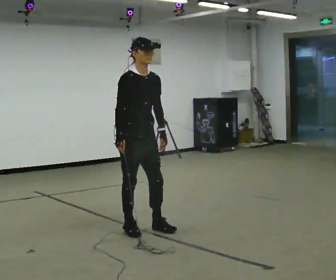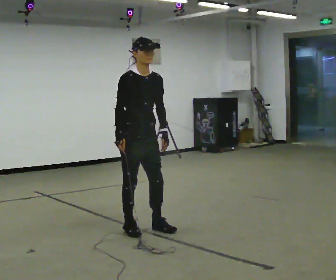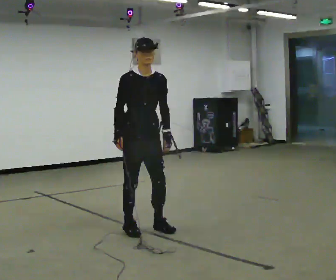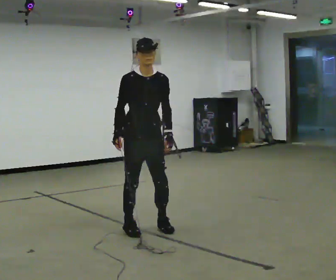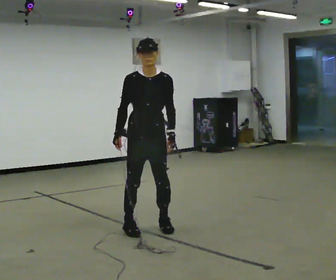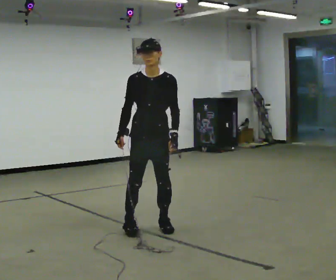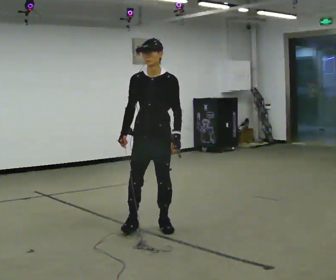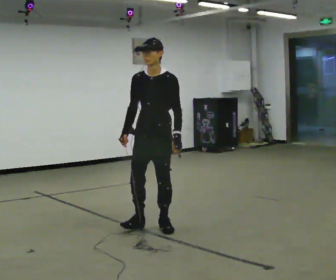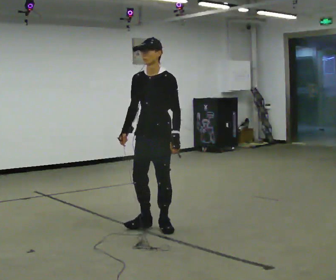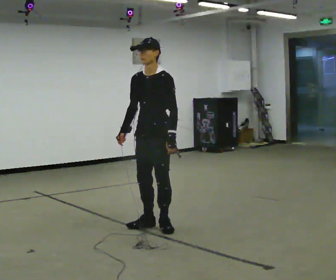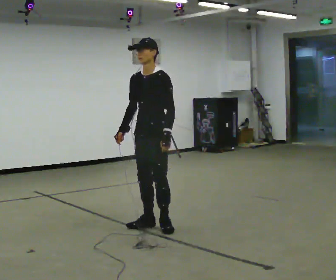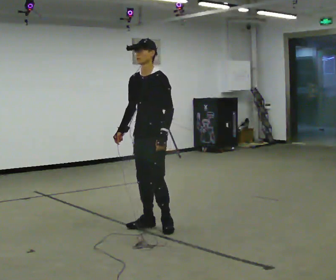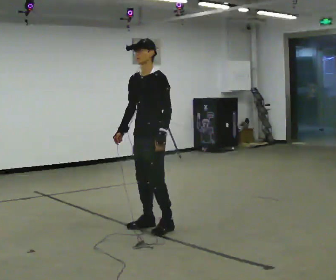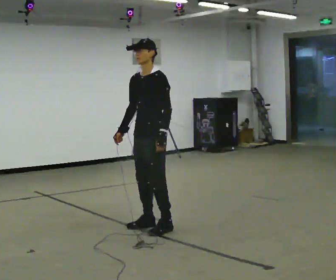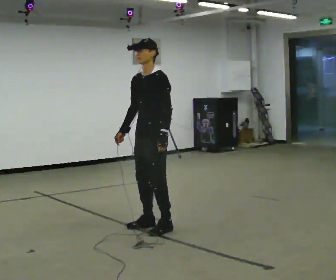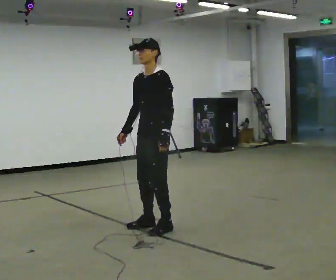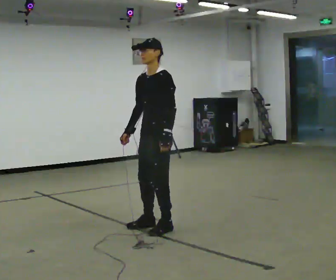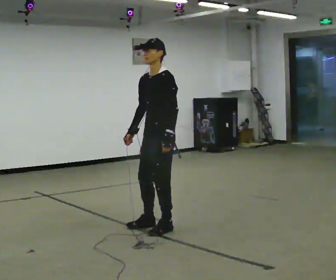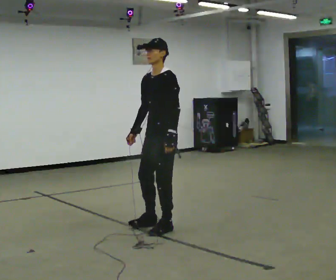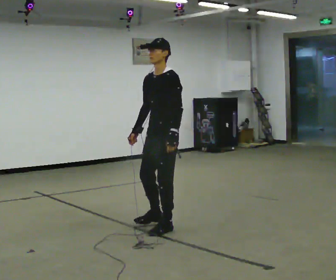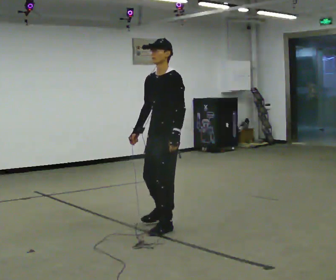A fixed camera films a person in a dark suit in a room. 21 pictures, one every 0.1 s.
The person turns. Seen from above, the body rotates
clockwise.
The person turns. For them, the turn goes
to their right.
0.0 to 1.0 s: The part of the body nearest the lens slides to the left as the person turns to their right by about 75 degrees. In the picture they go to the right, about 0.25 m in 1 step. In the picture the upper body tilts counterclockwise, shoulders to the left.
1.0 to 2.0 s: The person moves a little, or ends about where they began.
The film runs forward here.
